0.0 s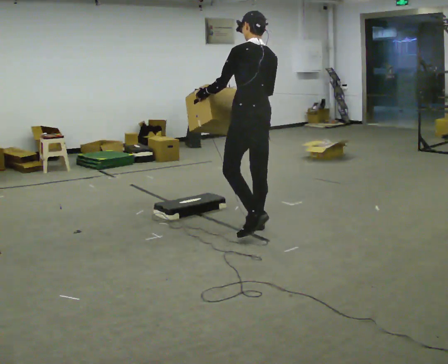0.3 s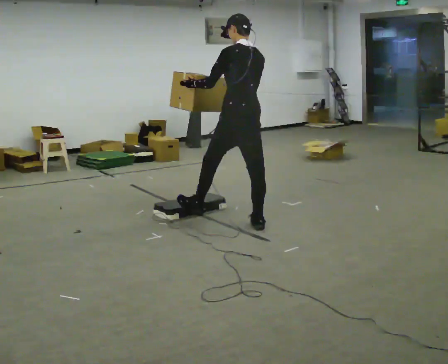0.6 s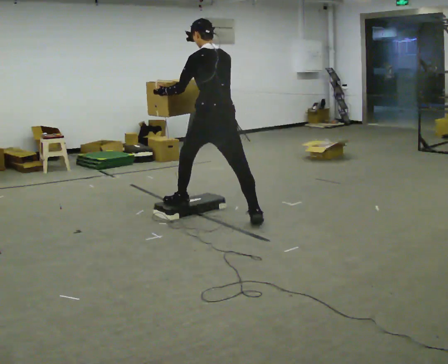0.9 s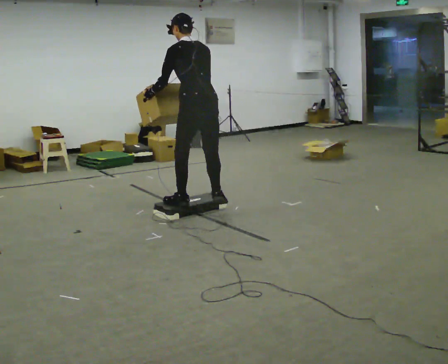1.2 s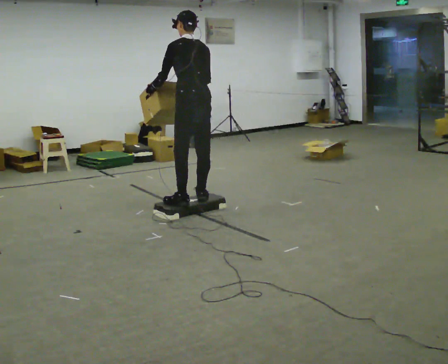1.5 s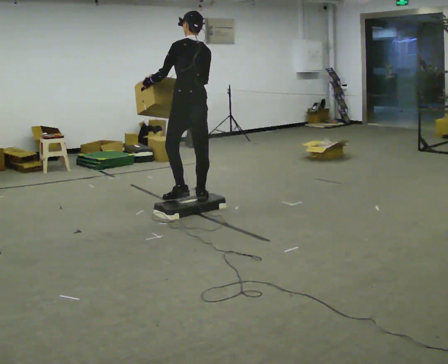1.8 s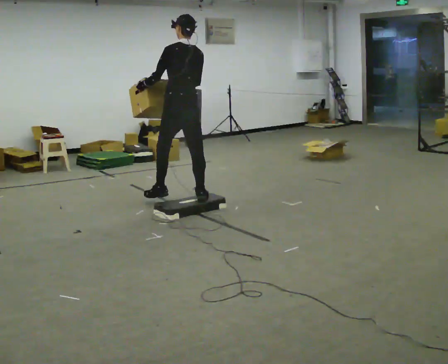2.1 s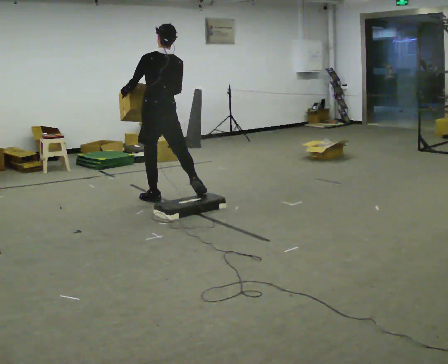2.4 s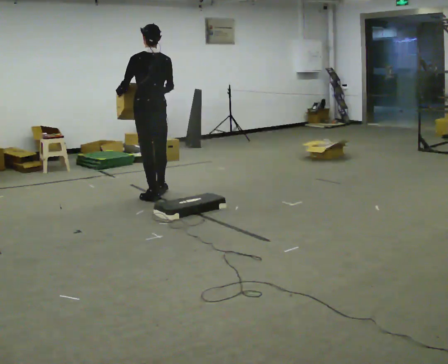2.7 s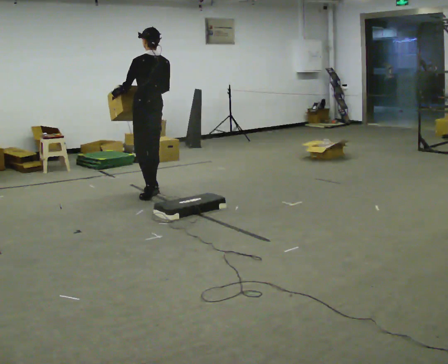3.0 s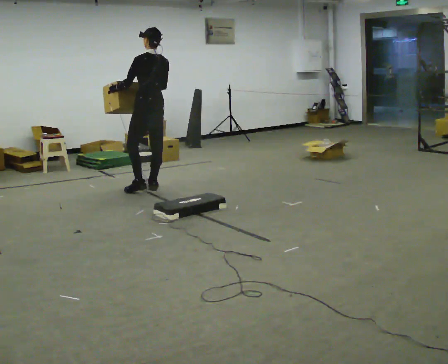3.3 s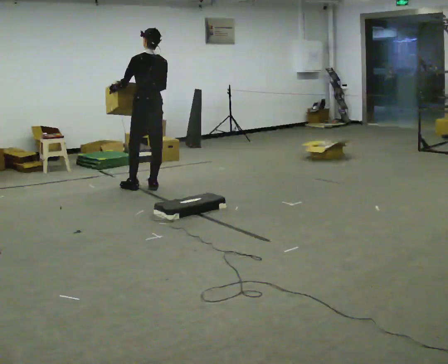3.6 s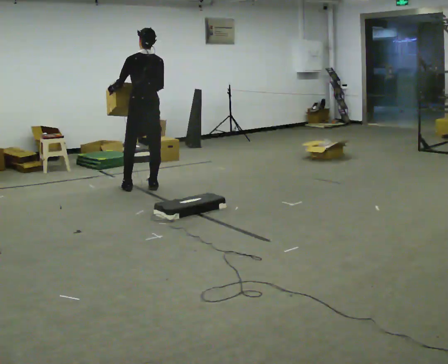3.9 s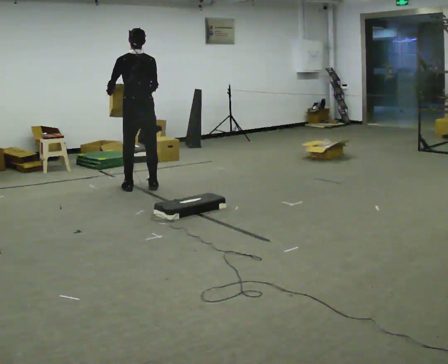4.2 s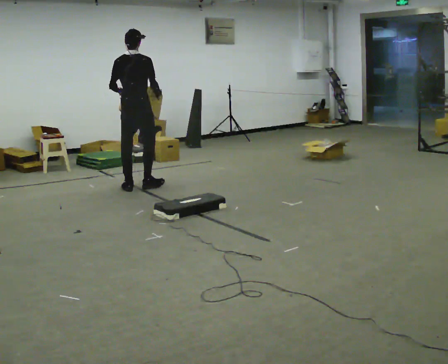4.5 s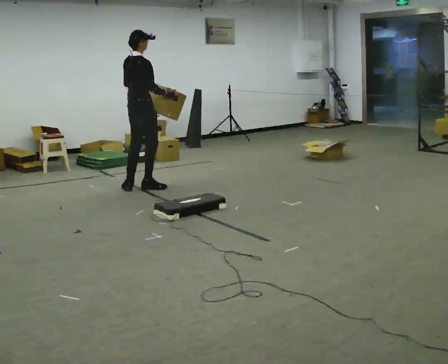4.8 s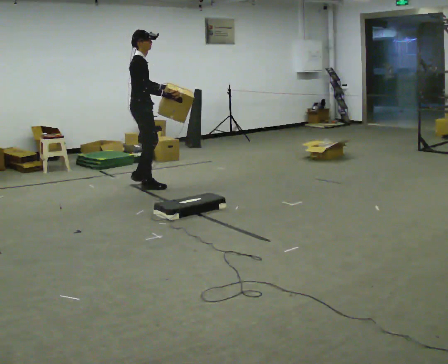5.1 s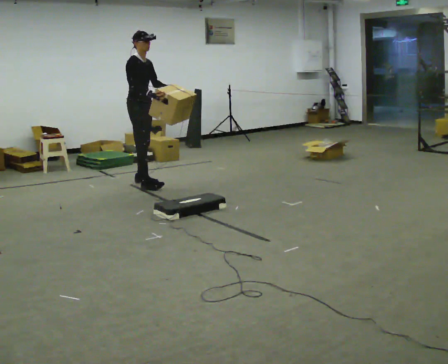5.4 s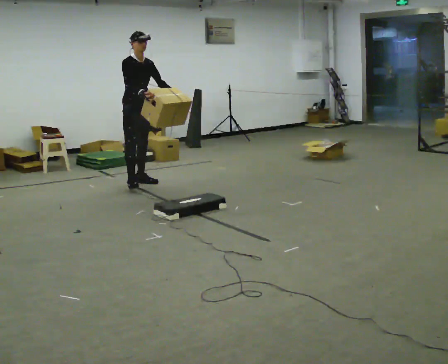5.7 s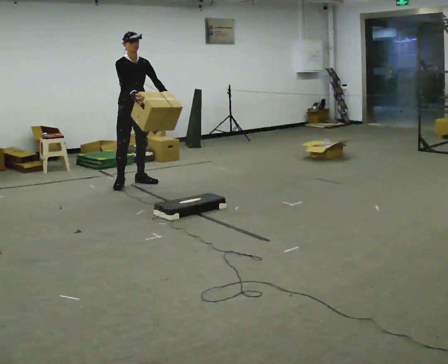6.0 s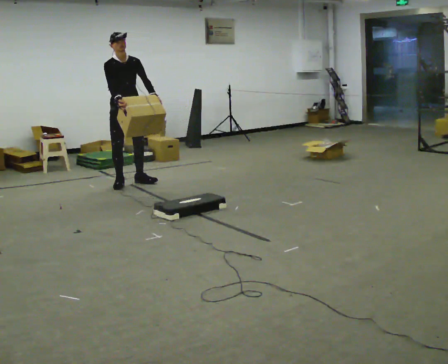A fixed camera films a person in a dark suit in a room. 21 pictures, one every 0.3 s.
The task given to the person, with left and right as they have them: Carry the box up onto the platform, across it, and down the other side, then bring it back. Keep going until the operator says stop; one object at a time, and do not rush between trips.
0.0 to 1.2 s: In the picture they go away from the camera and to the left, about 1 m in 2 steps, which for them is forward.
1.2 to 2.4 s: In the picture they go away from the camera and to the left, about 0.5 m in 1 step, which for them is forward.
2.4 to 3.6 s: In the picture they go away from the camera, about 0.25 m in 2 steps, which for them is forward and to their right.
3.6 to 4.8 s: Seen from above the body turns clockwise, about 120 degrees: to their right, with its near side sliding to the left. In the picture they go away from the camera, about 0.25 m. In the picture their left hand goes to the right, the arm swinging counterclockwise.
4.8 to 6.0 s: The person turns about 60 degrees to their right, clockwise seen from above, so the part of the body nearest the lens slides to the left. In the picture they go away from the camera and to the left, about 0.25 m in 2 steps.
The film runs forward here.
